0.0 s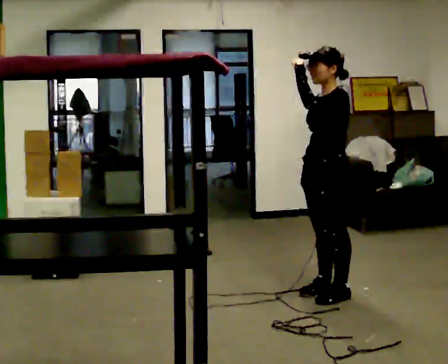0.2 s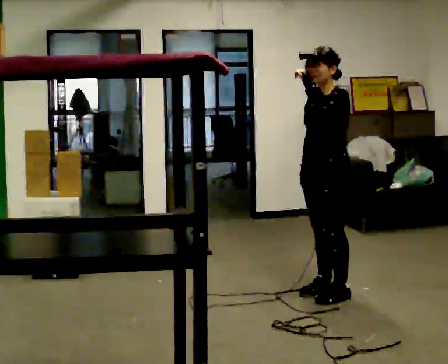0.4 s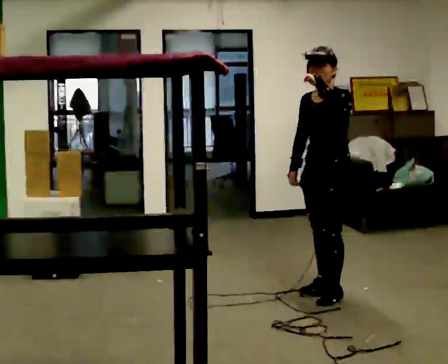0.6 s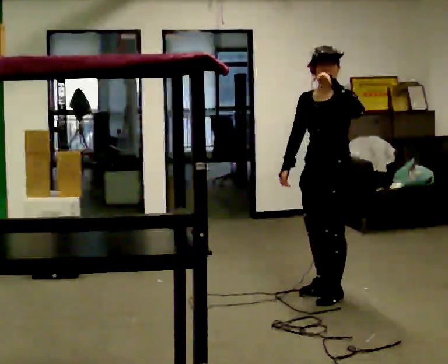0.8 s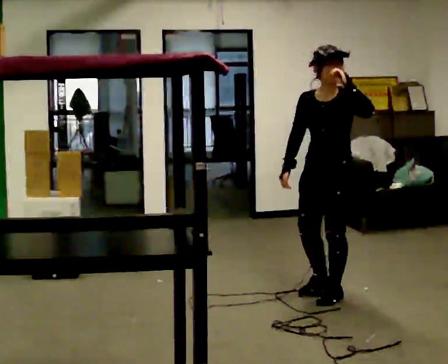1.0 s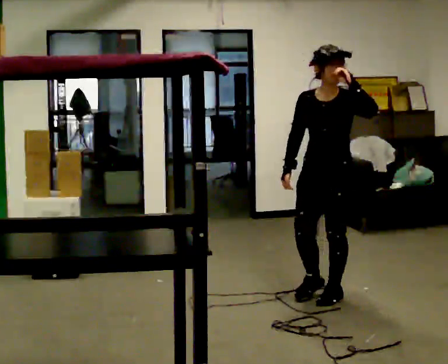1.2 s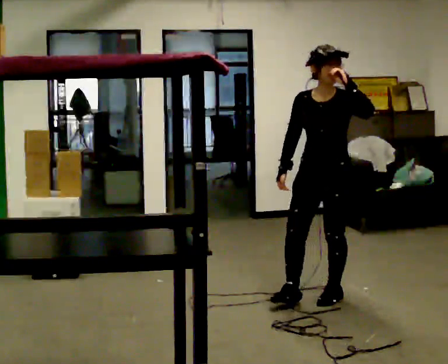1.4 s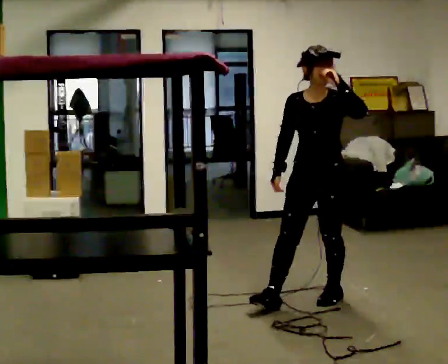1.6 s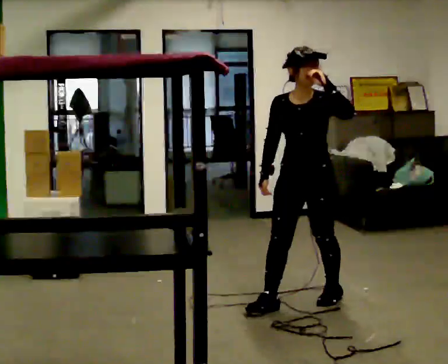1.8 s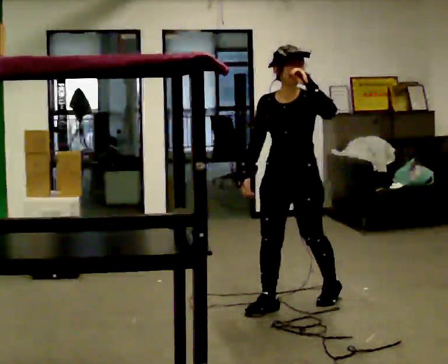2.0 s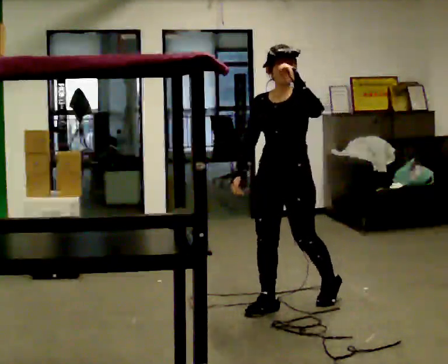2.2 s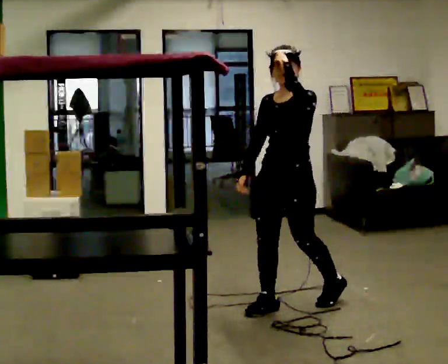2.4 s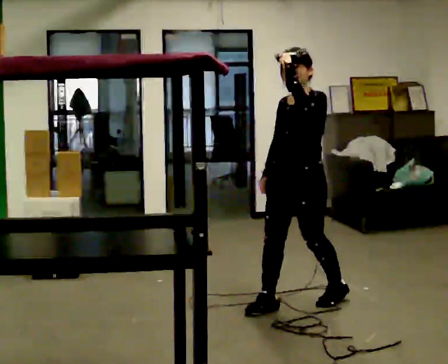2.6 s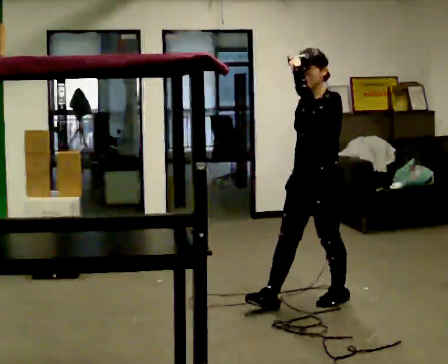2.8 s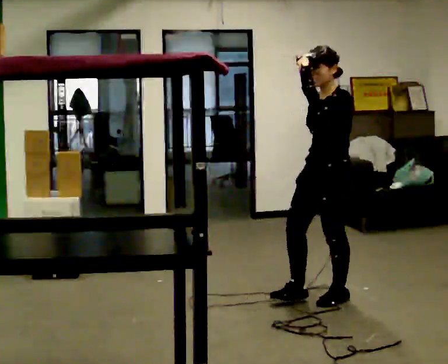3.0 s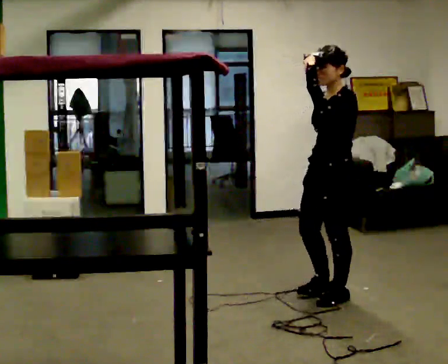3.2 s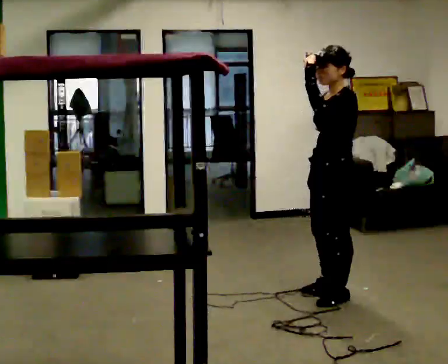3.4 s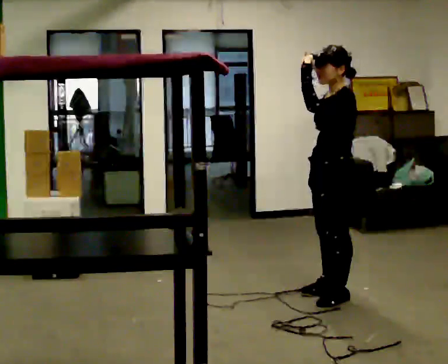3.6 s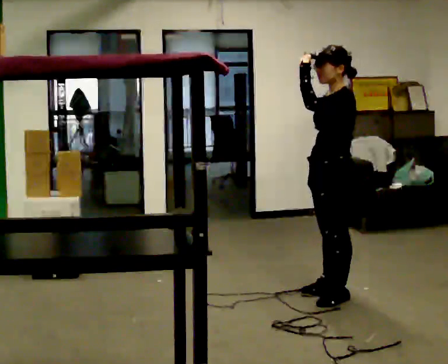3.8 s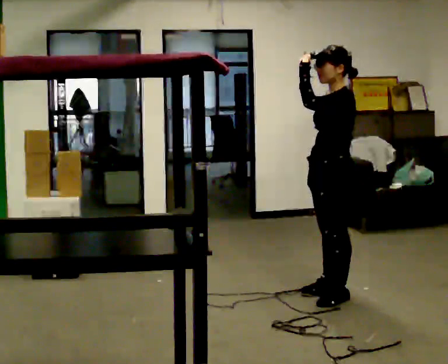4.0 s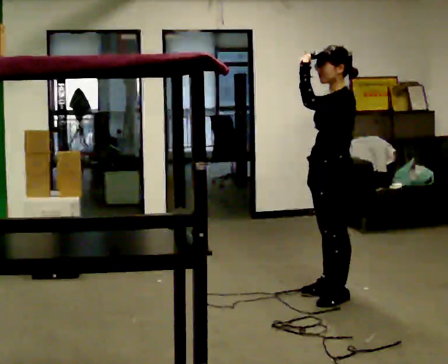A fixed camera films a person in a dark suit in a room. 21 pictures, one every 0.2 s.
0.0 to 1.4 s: The part of the body nearest the lens slides to the right as the person turns to their left by about 45 degrees. In the picture they go toward the camera, about 0.25 m in 1 step, which for them is forward.
1.4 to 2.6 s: The person turns about 45 degrees to their right, clockwise seen from above, so the part of the body nearest the lens slides to the left.
2.6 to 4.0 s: In the picture they go away from the camera, about 0.25 m in 1 step, which for them is to their right.
The film runs forward here.
